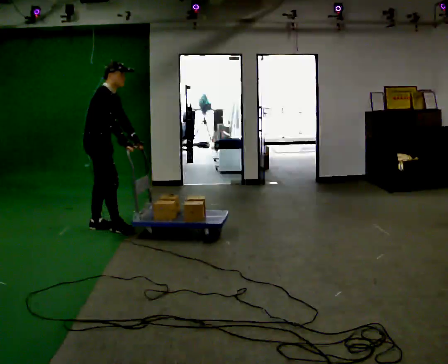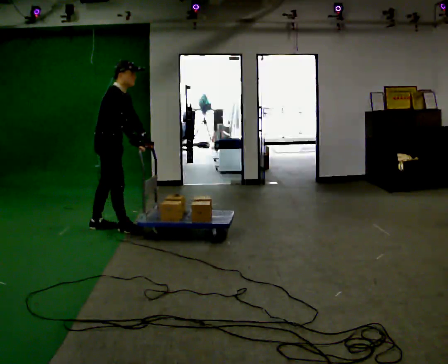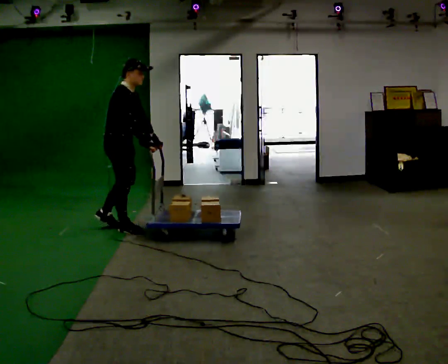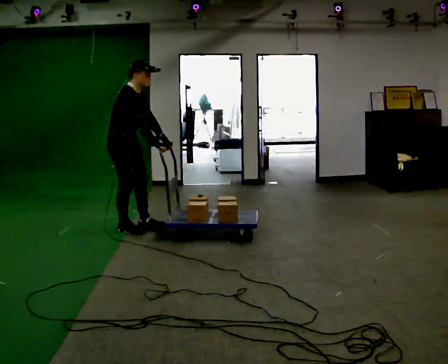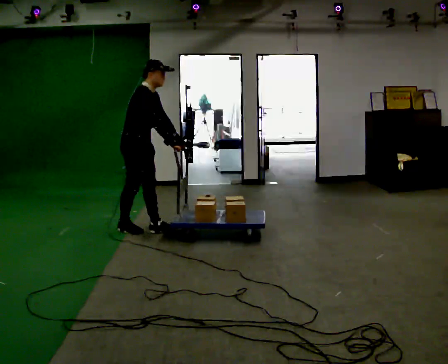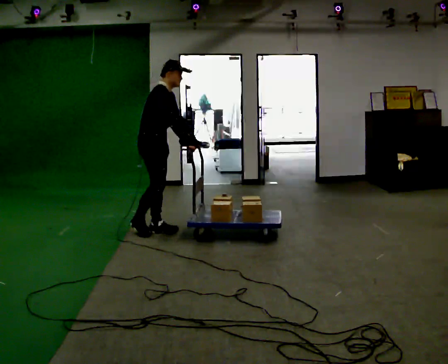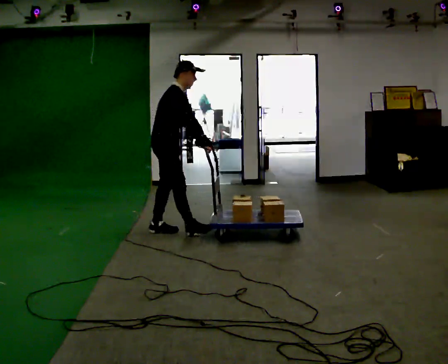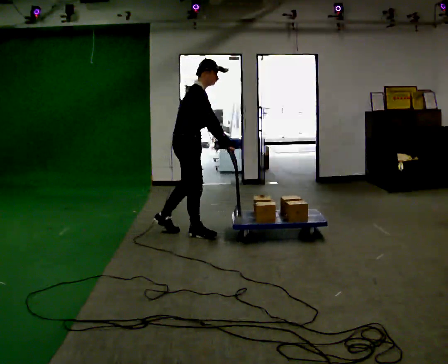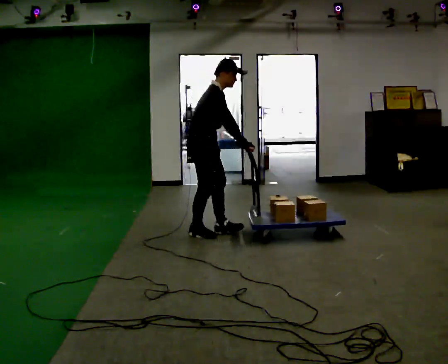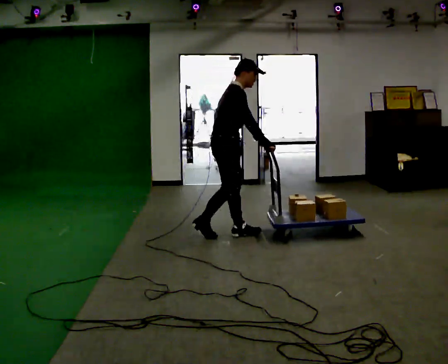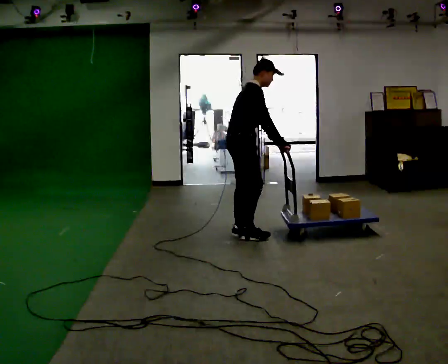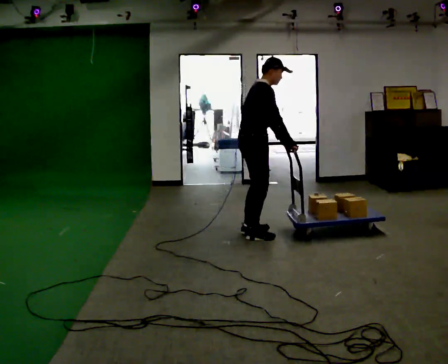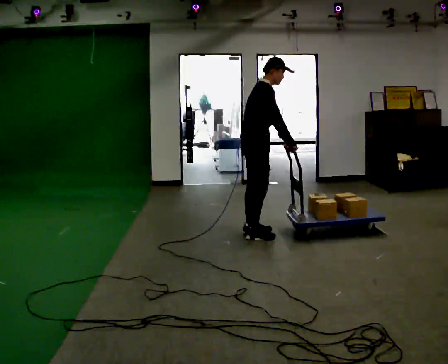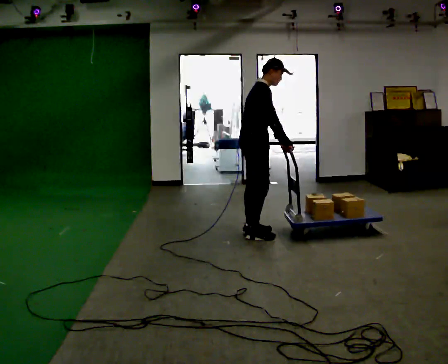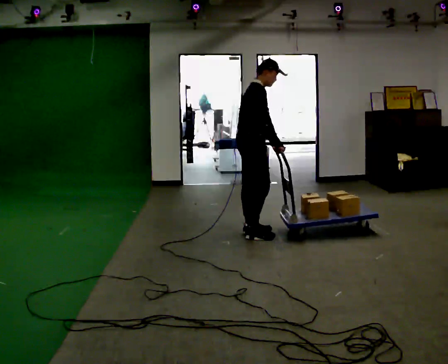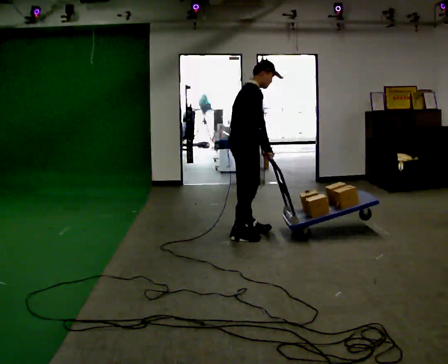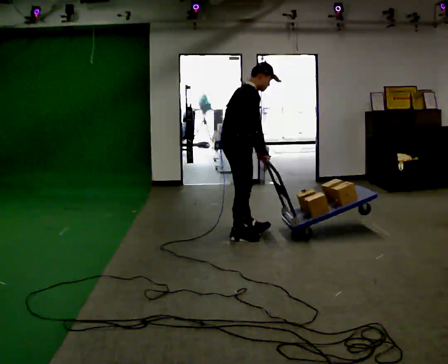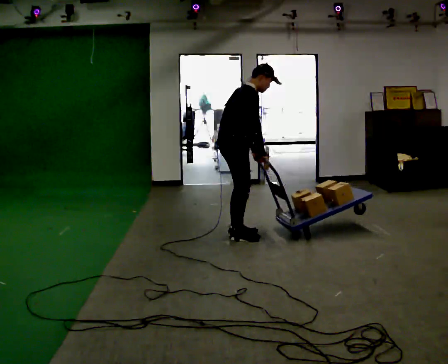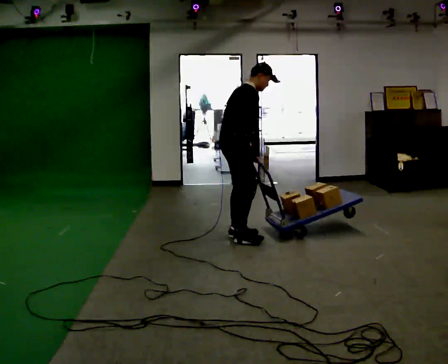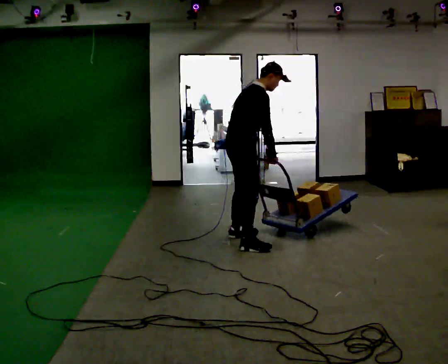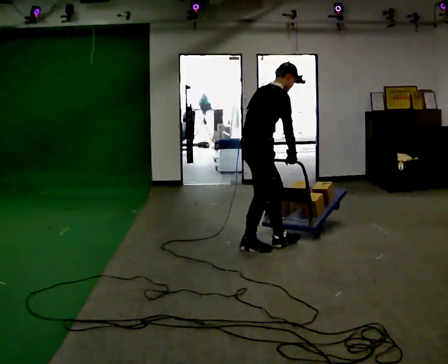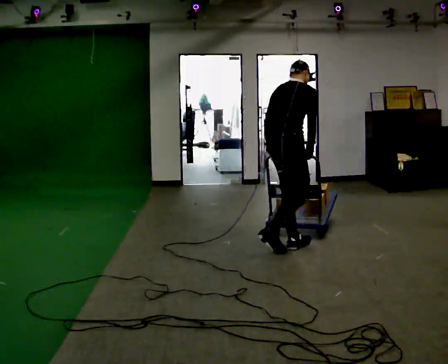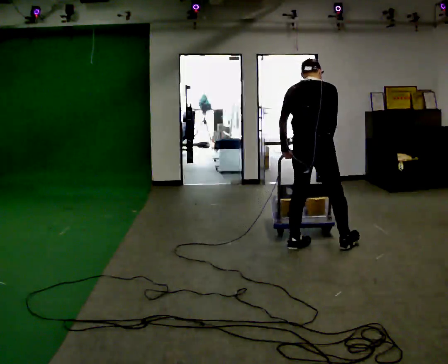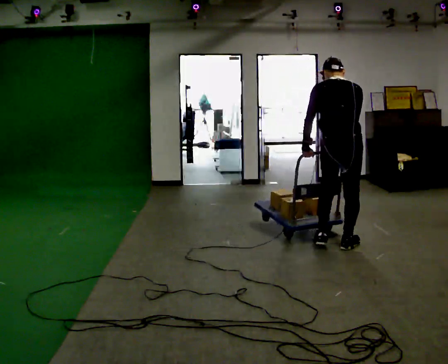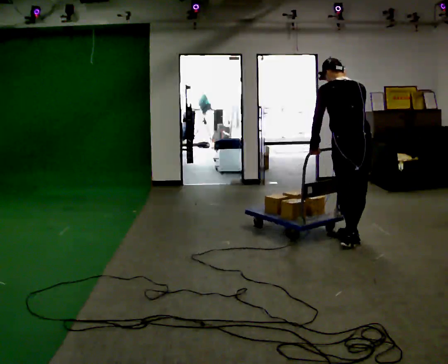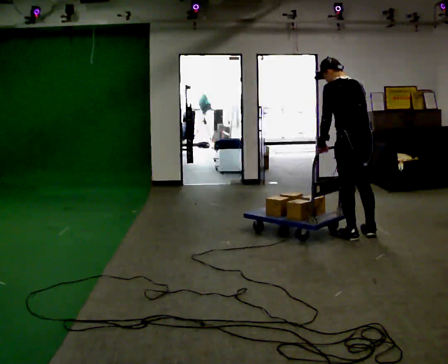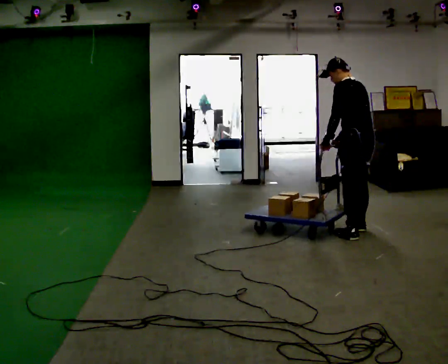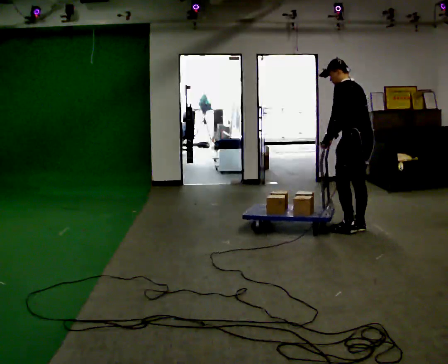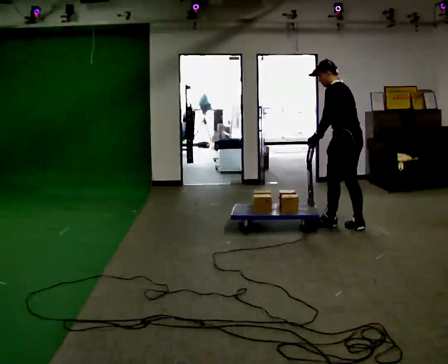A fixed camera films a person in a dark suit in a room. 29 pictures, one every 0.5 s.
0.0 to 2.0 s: In the picture they go to the right, about 0.5 m in 2 steps, which for them is forward.
2.0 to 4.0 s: In the picture they go to the right, about 0.75 m in 1 step, which for them is forward.
4.0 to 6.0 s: In the picture they go to the right, about 0.5 m in 2 steps, which for them is forward.
6.0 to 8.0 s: In the picture they go to the left, about 0.25 m, which for them is backward.
8.0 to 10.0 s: In the picture they go toward the camera and to the right, about 0.5 m in 2 steps, which for them is to their right and forward.
10.0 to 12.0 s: Seen from above the body turns counterclockwise, about 75 degrees: to their left, with its near side sliding to the right. In the picture they go to the right, about 1 m in 3 steps. In the picture the upper body tilts counterclockwise, shoulders to the left.
12.0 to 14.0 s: The part of the body nearest the lens slides to the right as the person turns to their left by about 60 degrees. In the picture they go away from the camera, about 0.5 m in 2 steps, which for them is to their right and forward.
The film runs forward here.
